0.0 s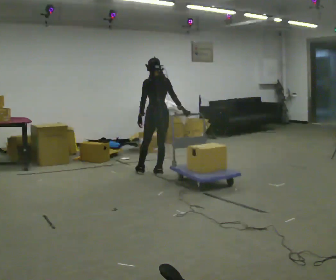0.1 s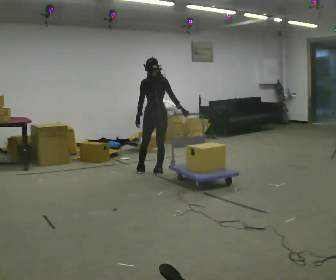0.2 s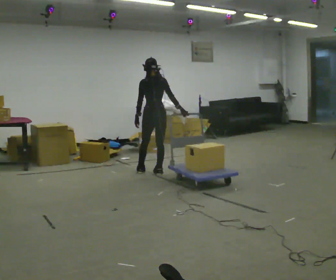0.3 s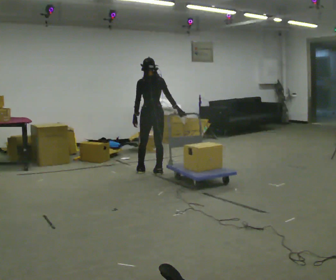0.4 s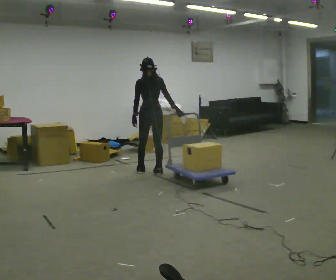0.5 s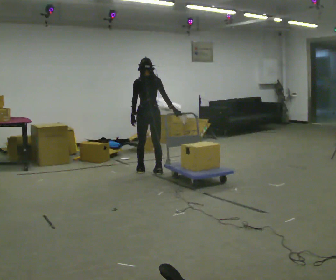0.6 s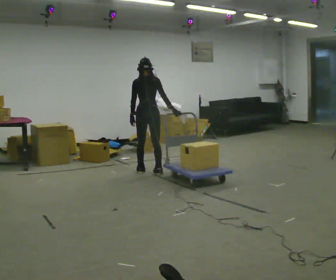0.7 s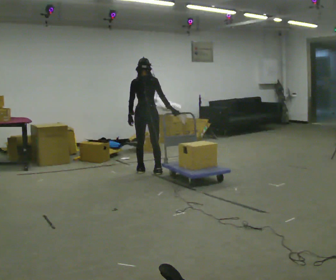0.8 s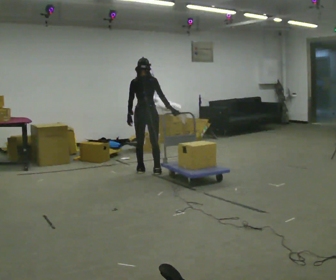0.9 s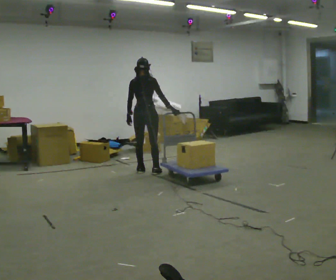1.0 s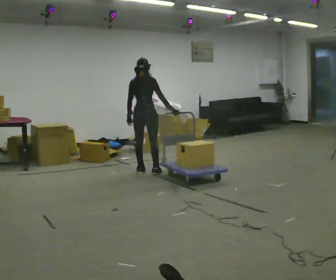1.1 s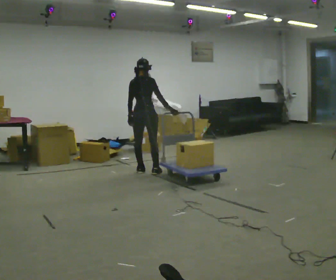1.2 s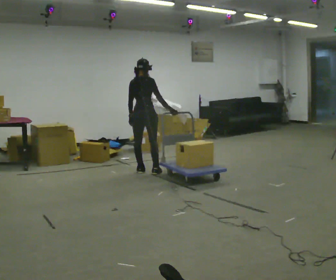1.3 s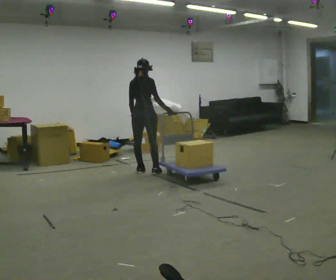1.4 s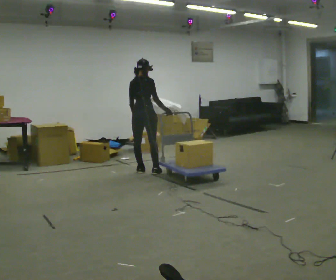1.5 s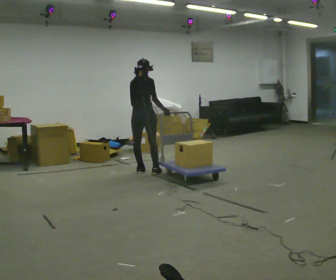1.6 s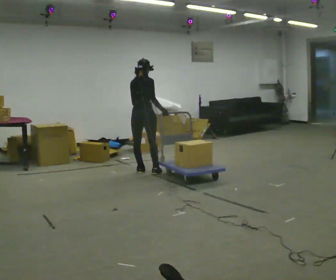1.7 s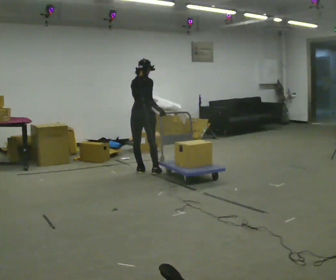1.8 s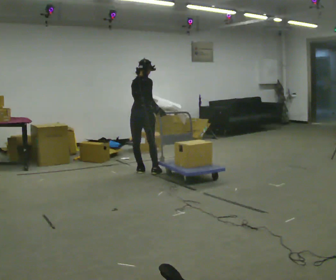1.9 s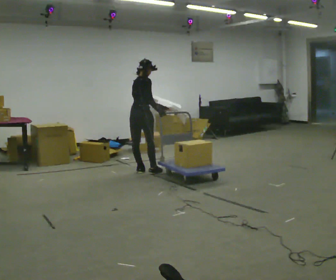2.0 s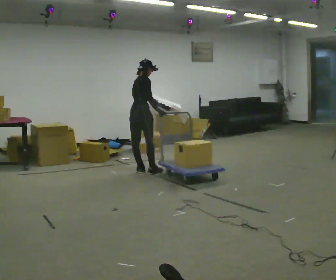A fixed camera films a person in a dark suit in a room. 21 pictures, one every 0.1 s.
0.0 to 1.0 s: The part of the body nearest the lens slides to the left as the person turns to their right by about 30 degrees. In the picture they go to the left, about 0.25 m in 1 step, which for them is to their left.
1.0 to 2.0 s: The part of the body nearest the lens slides to the left as the person turns to their right by about 45 degrees. In the picture their left hand goes to the right, the arm swinging counterclockwise.
The film runs forward here.
